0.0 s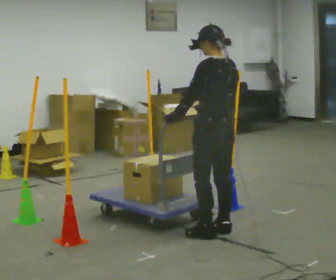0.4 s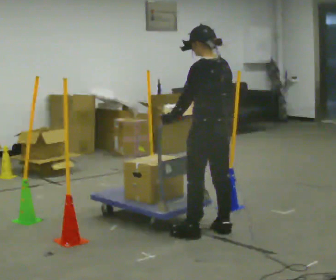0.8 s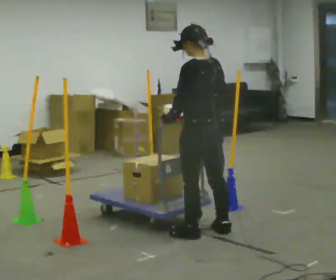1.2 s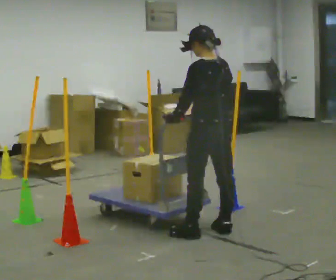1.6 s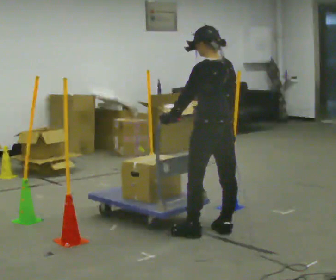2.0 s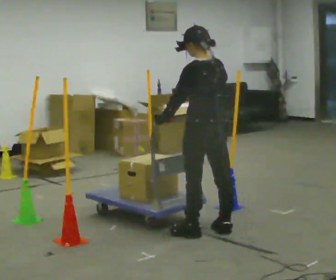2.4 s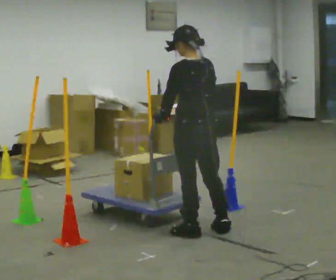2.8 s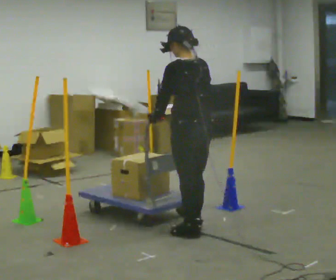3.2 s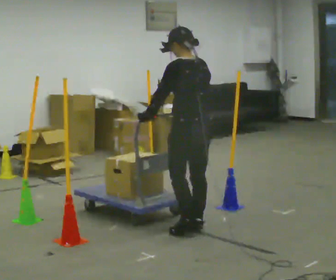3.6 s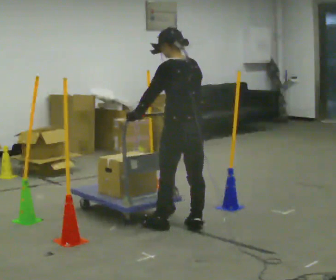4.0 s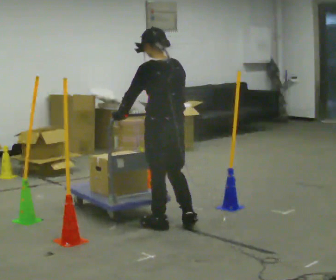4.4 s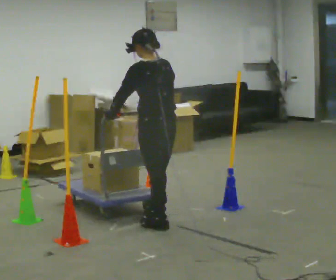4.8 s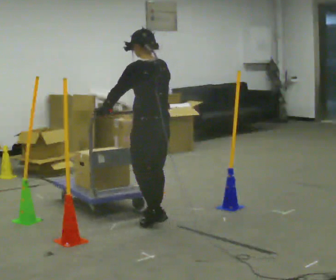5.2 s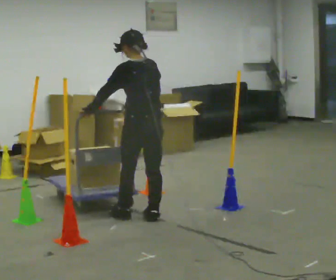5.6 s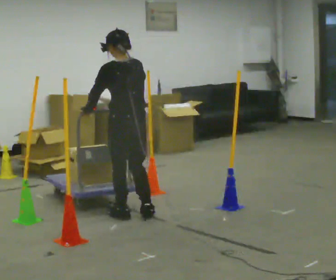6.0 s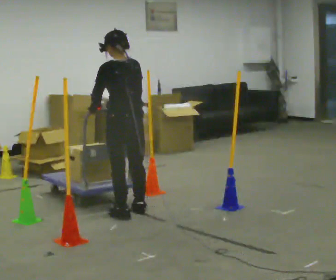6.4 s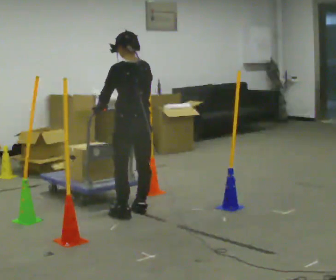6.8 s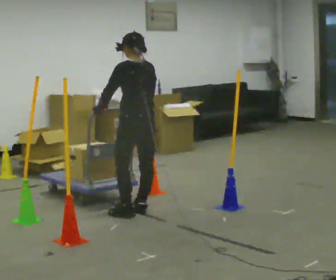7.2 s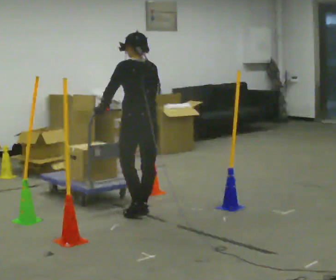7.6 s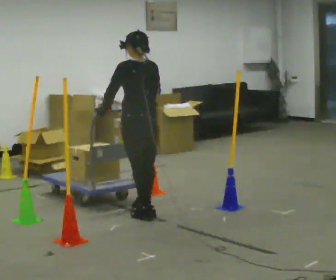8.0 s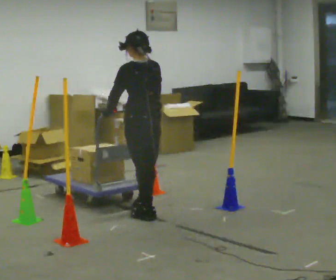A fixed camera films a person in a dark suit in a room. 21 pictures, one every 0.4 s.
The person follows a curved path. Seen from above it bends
clockwise.
0.0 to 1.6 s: The person moves a little, or ends about where they began.
1.6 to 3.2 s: In the picture they go to the left, about 0.25 m in 1 step, which for them is forward.
3.2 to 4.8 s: In the picture they go to the left and away from the camera, about 0.25 m in 2 steps, which for them is forward.
4.8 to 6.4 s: In the picture they go away from the camera and to the left, about 0.25 m in 2 steps, which for them is forward.
6.4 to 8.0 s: The person moves a little, or ends about where they began.
The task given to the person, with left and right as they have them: Push the cart in and out of the line of poles without touching any of them. Keep going until the operator says stop.
The film runs forward here.
